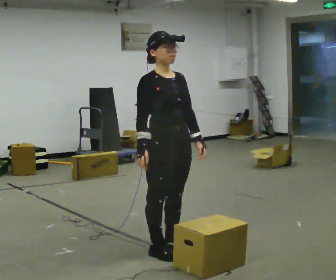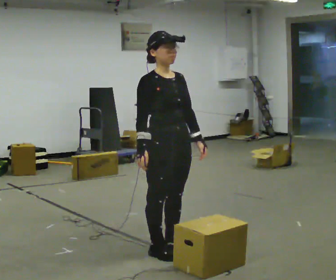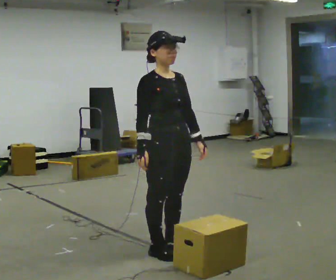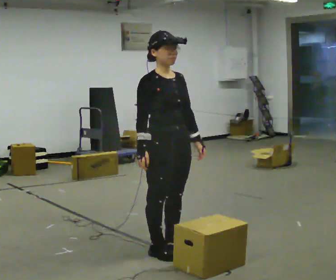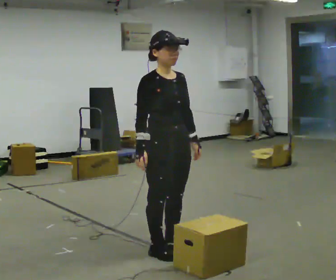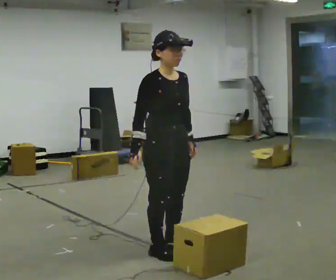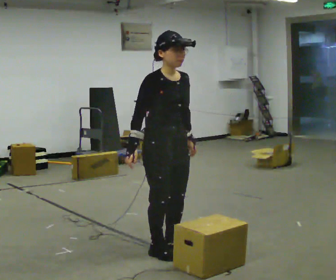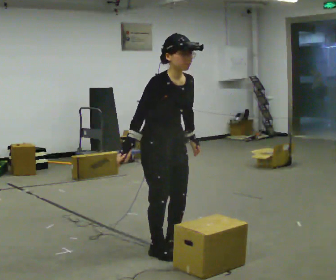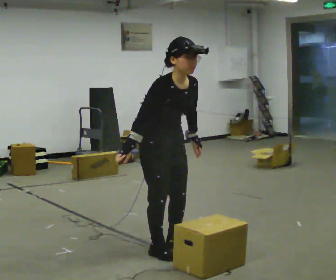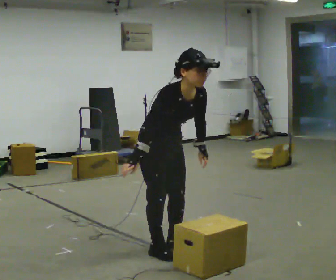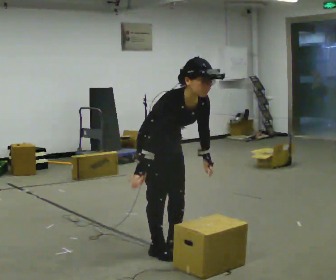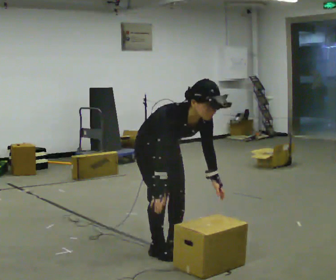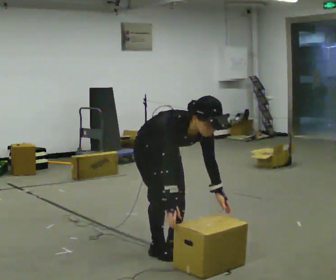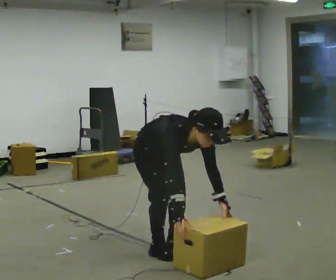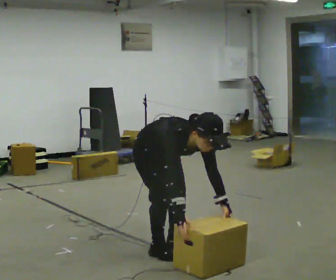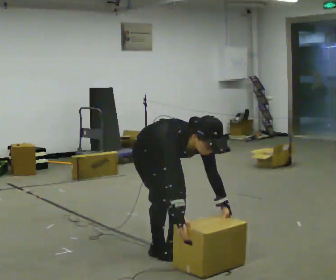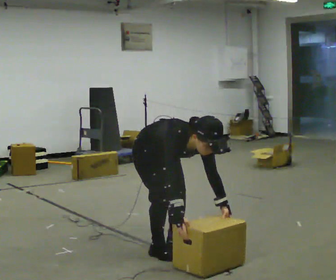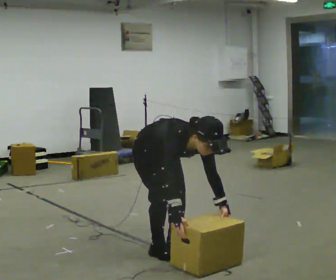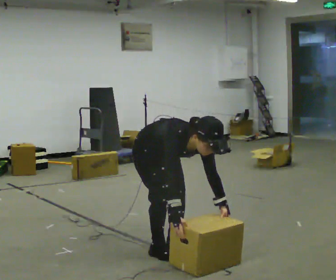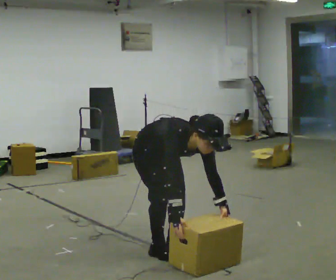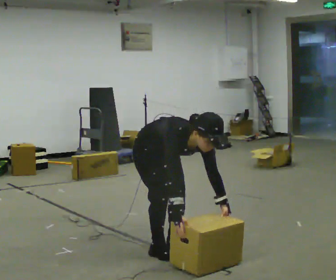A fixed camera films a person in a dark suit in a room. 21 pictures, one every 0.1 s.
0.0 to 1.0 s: In the picture the upper body tilts clockwise, shoulders to the right, as they bend forward.
1.0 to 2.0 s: The shoulders move downward. The upper body tips toward the camera, its near side rolling downward, as they bend forward.
The film runs backward here.
